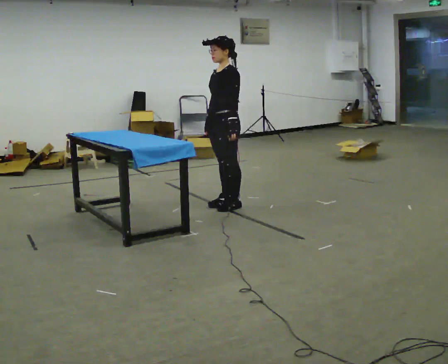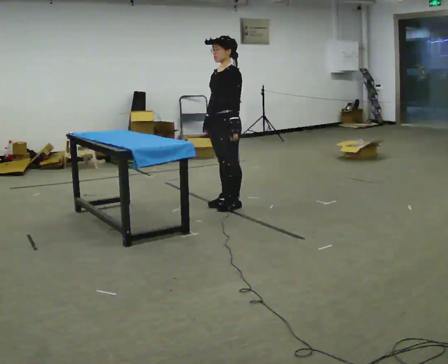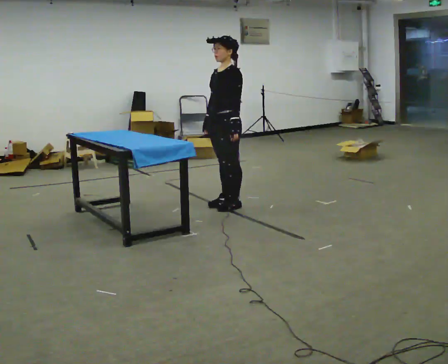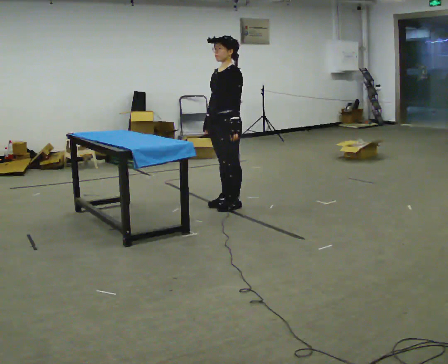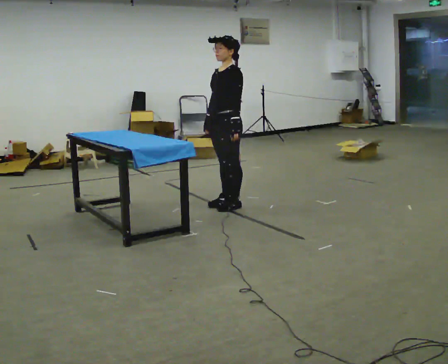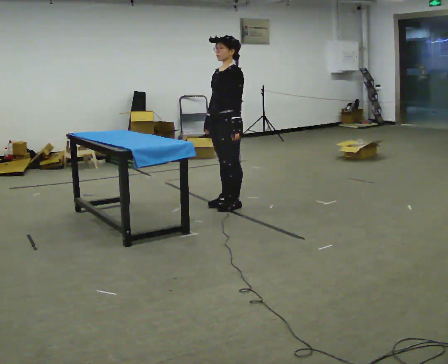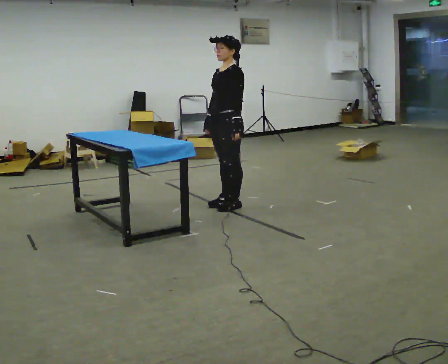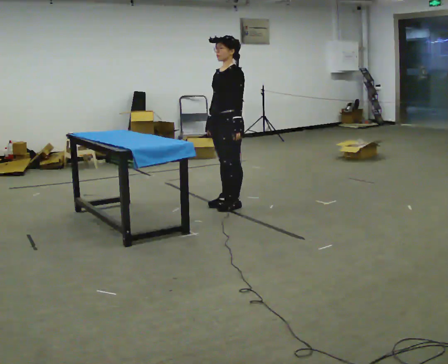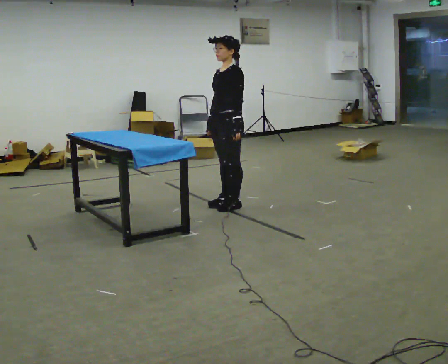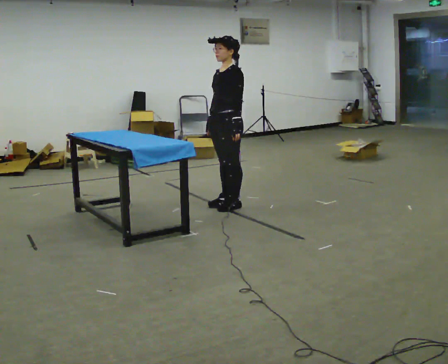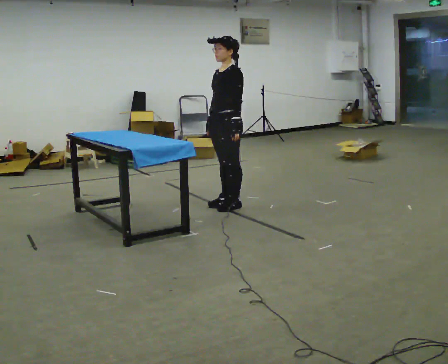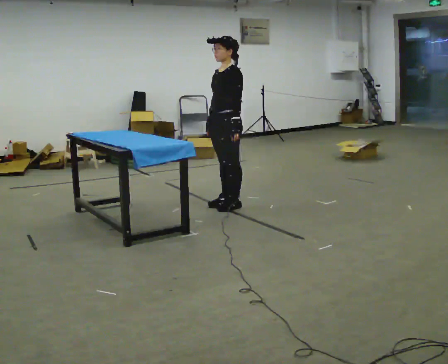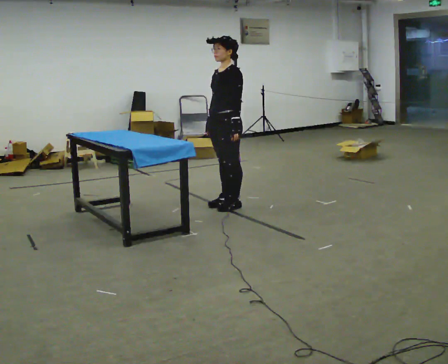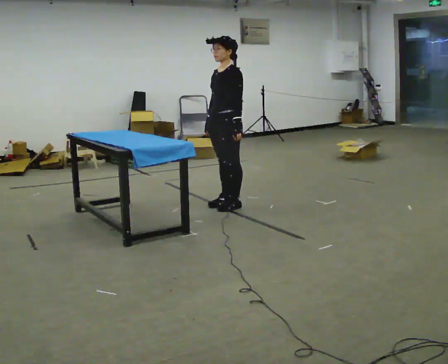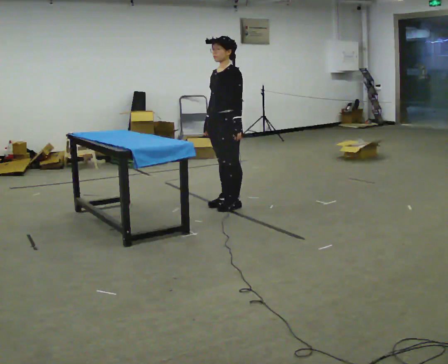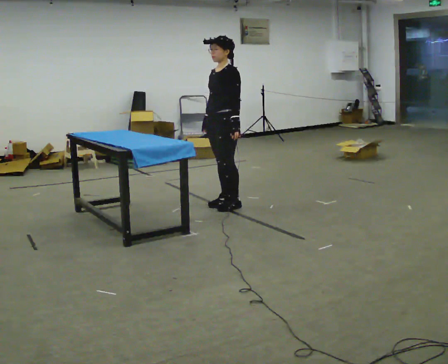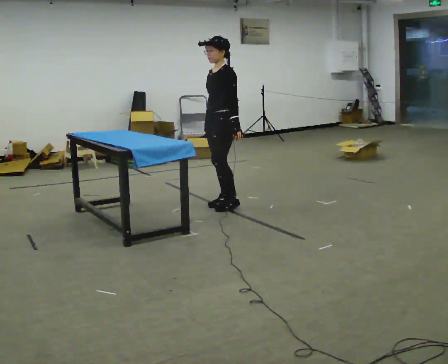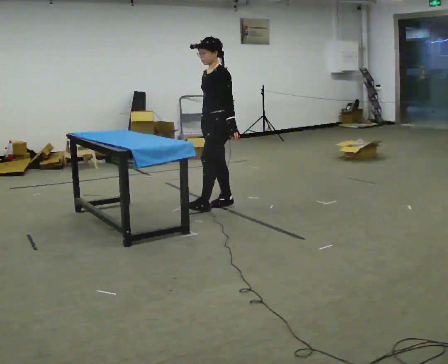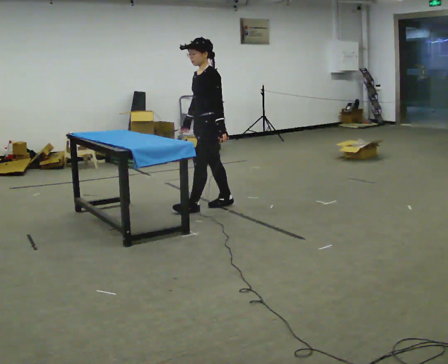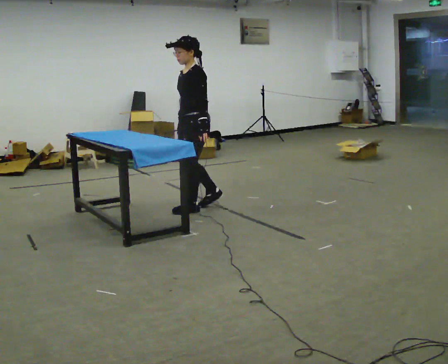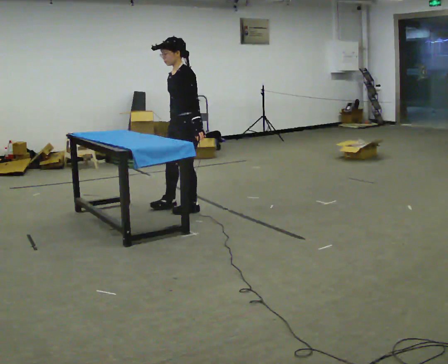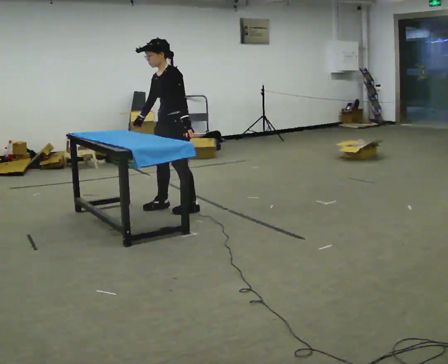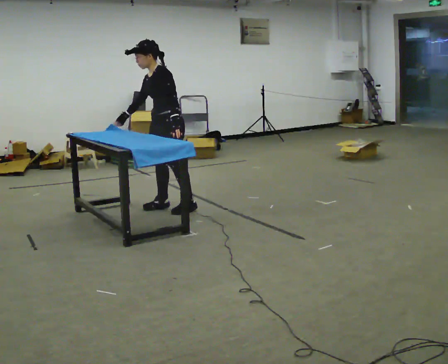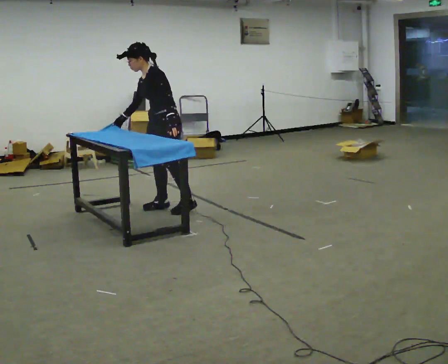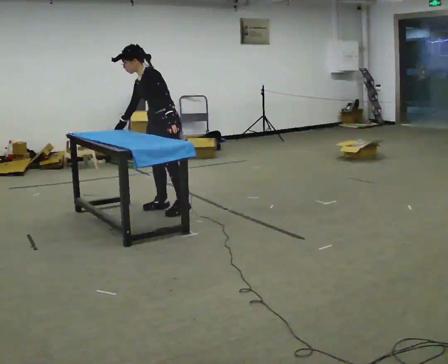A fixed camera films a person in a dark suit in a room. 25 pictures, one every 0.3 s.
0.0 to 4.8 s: The person moves a little, or ends about where they began.
4.8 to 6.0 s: In the picture they go to the left and toward the camera, about 0.25 m in 2 steps, which for them is forward.
6.0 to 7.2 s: In the picture they go to the left, about 0.25 m, which for them is to their right and forward. In the picture the upper body tilts counterclockwise, shoulders to the left, as they bend forward. In the picture their right hand goes to the left.
The film runs backward here.
